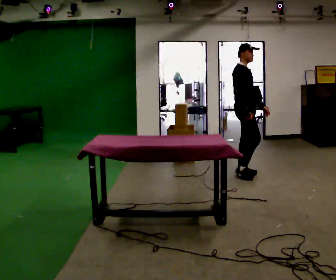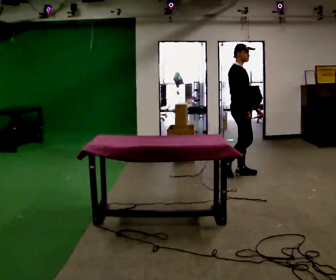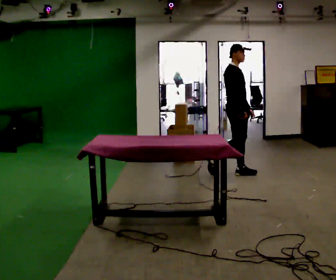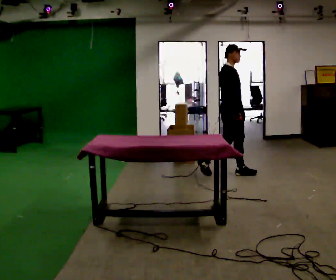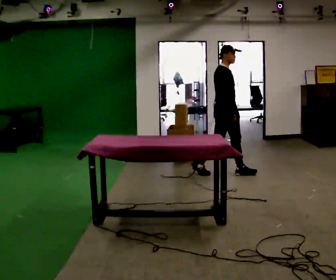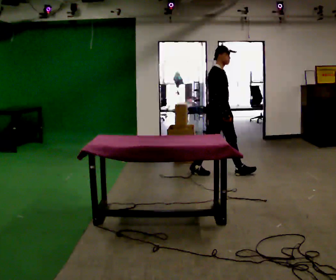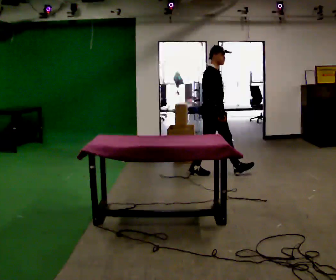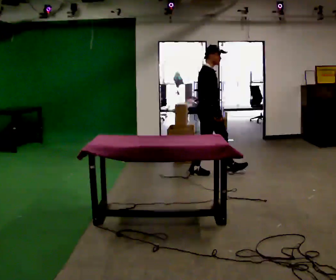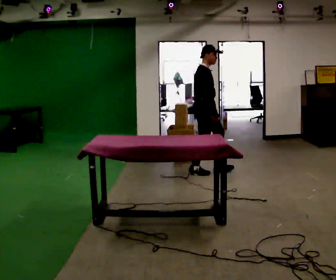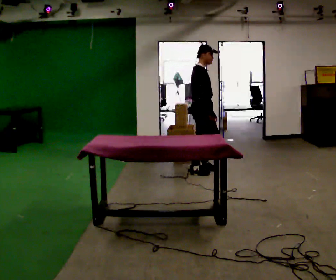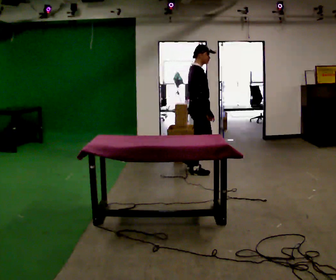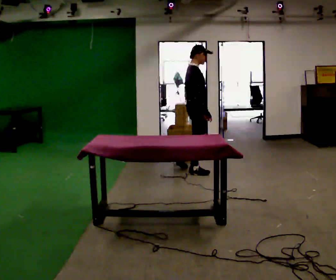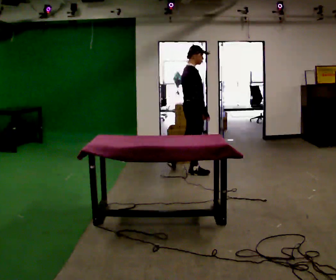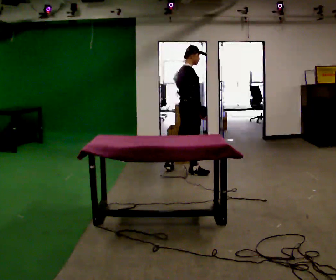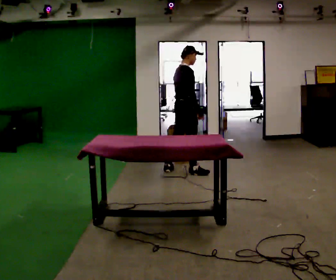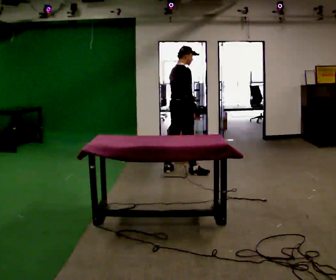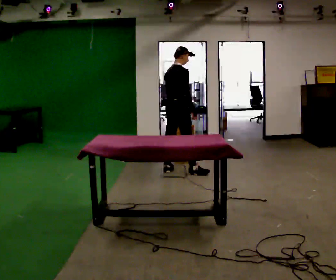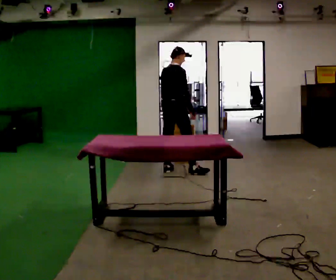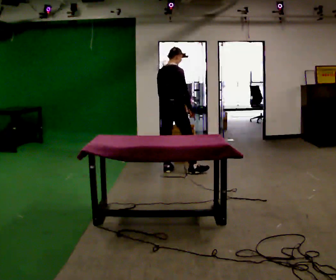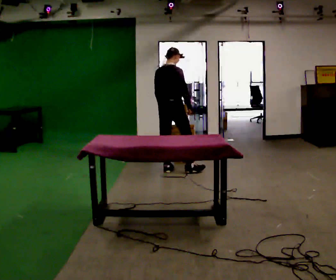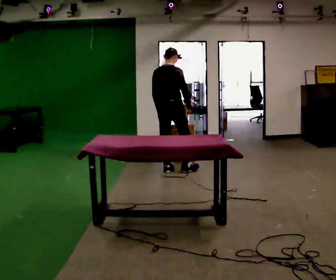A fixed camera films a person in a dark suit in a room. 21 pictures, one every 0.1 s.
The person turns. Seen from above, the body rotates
counterclockwise.
The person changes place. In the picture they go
to the left.
0.0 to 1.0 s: In the picture they go to the left, about 0.5 m in 1 step, which for them is backward.
1.0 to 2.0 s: Seen from above the body turns counterclockwise, about 60 degrees: to their left, with its near side sliding to the right. In the picture they go to the left, about 0.5 m.
The film runs backward here.
